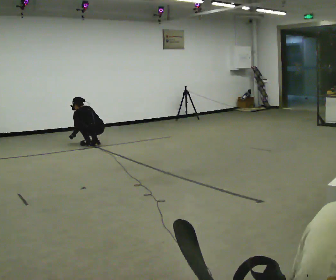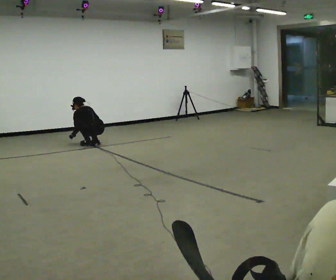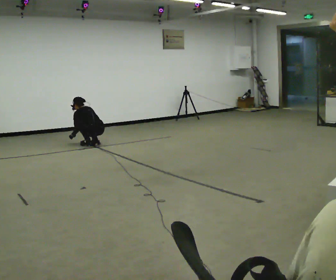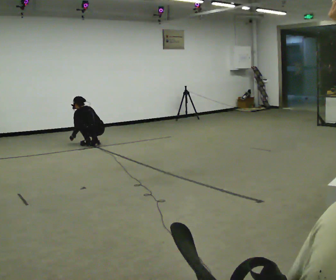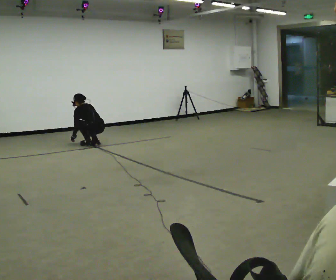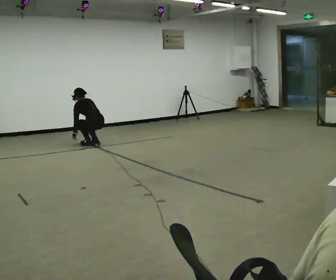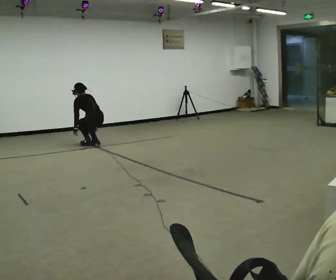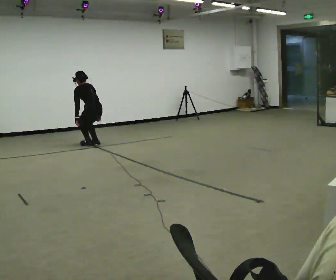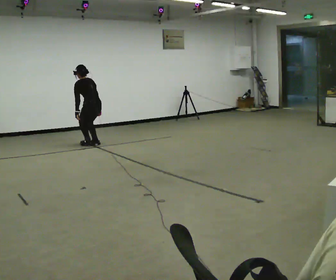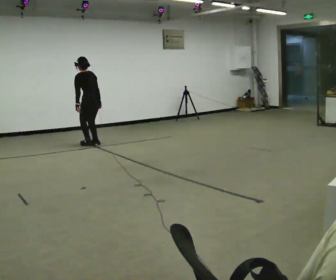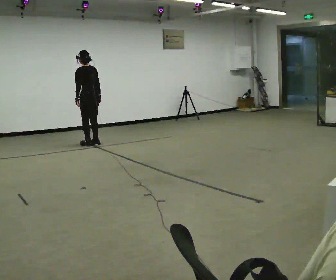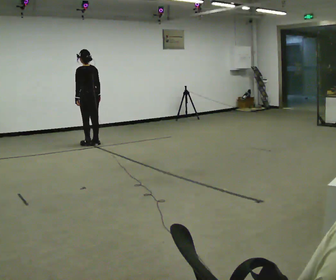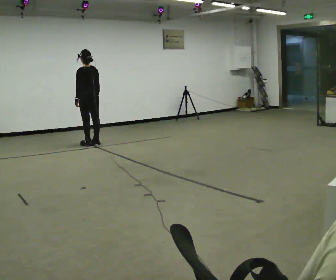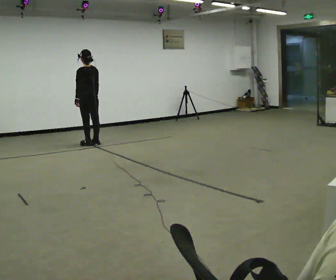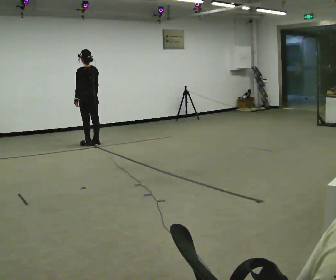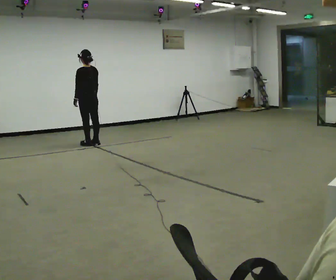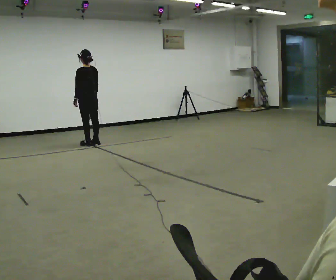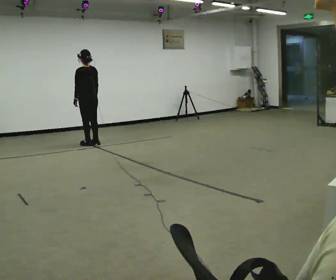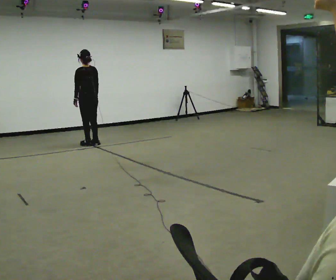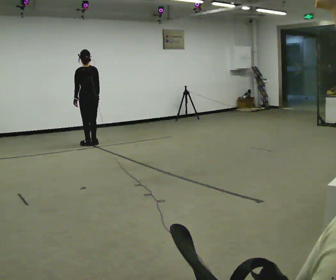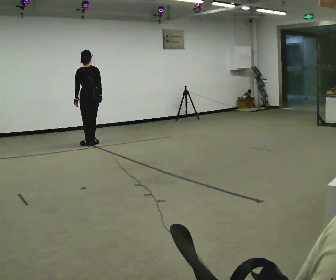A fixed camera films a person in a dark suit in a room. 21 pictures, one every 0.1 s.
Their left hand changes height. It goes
upward.
The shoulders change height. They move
upward.
0.0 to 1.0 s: The upper body goes upward. The upper body tips toward the camera, its near side rolling downward, as they lean back or straighten. In the picture their left hand goes upward.
1.0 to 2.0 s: The person moves a little, or ends about where they began.
The film runs forward here.
